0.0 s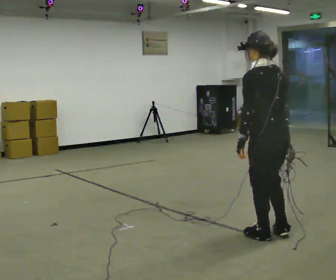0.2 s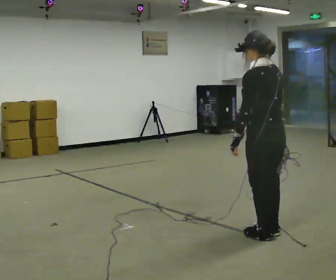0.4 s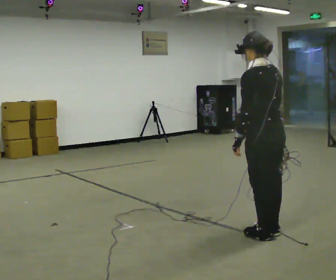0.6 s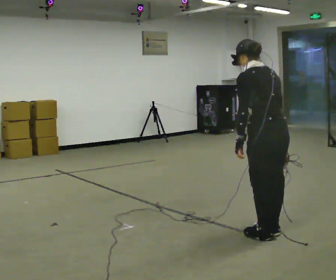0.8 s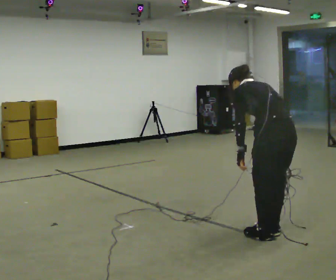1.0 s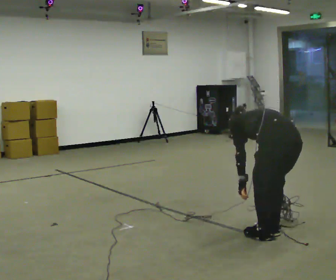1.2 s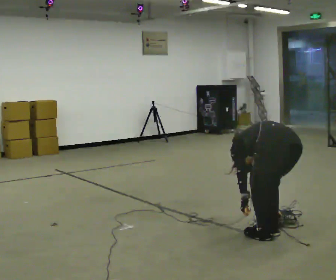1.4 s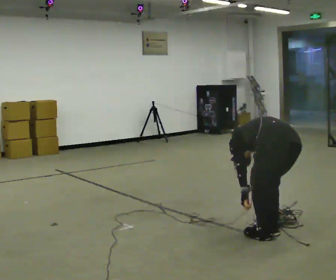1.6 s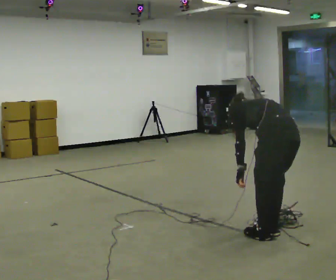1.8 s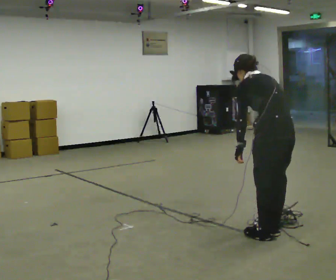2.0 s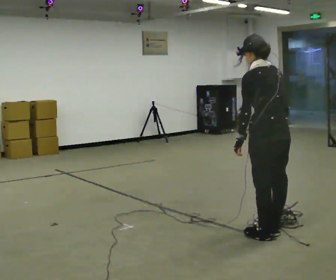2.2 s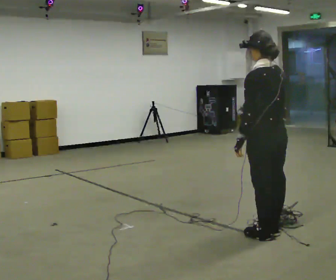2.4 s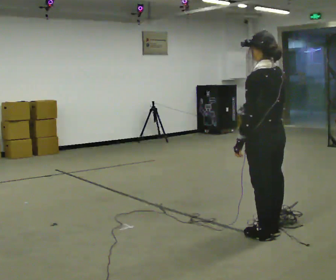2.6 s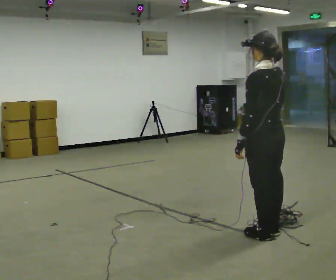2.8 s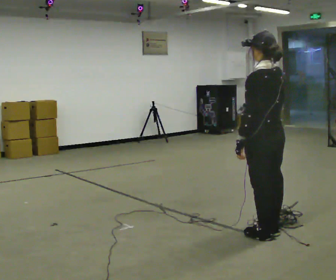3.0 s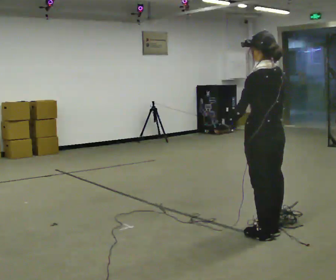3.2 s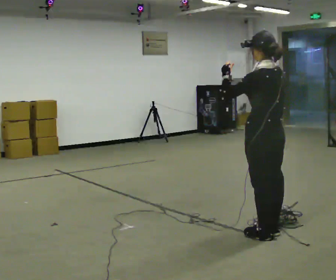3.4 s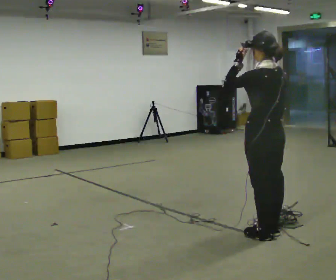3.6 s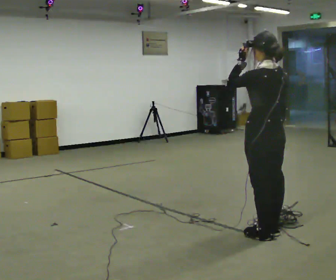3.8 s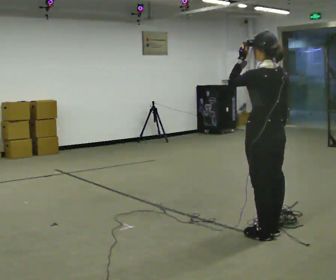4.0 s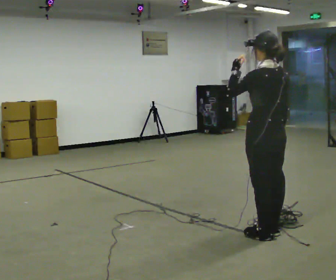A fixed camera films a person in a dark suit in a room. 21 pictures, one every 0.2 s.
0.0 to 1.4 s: The upper body goes downward. The upper body tips away from the camera, its near side rolling upward, as they bend forward. In the picture their left hand goes downward.
1.4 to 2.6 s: The upper body goes upward. The upper body tips toward the camera, its near side rolling downward, as they lean back or straighten. In the picture their right hand goes upward.
2.6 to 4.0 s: In the picture their left hand goes upward.
The film runs forward here.
